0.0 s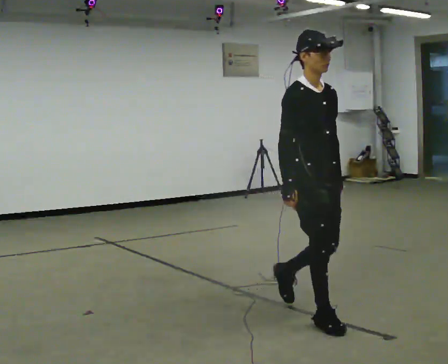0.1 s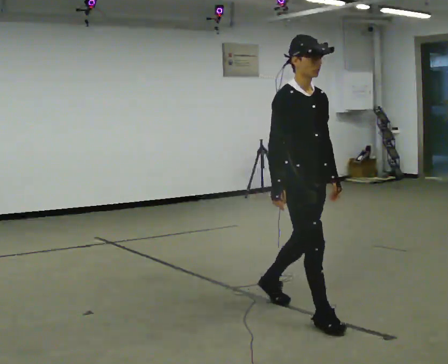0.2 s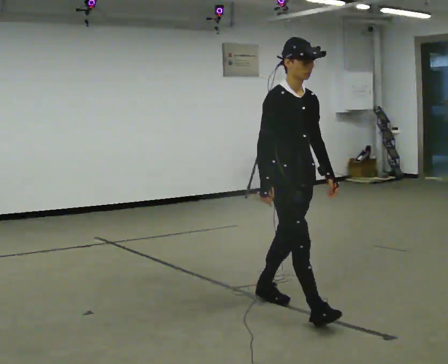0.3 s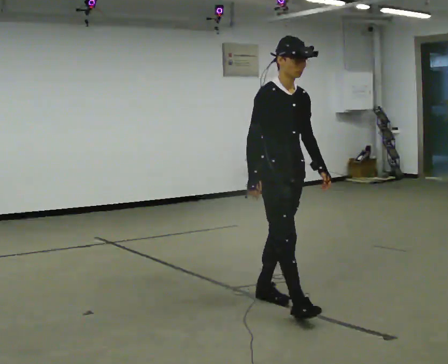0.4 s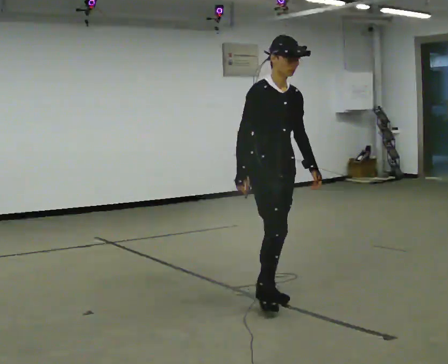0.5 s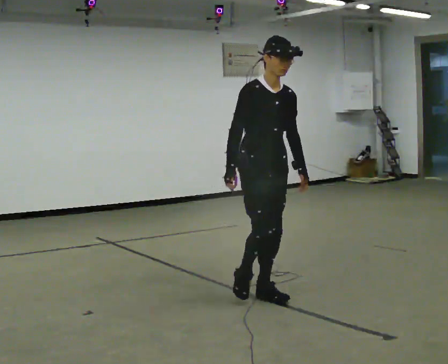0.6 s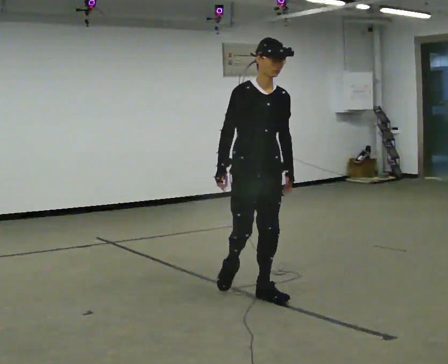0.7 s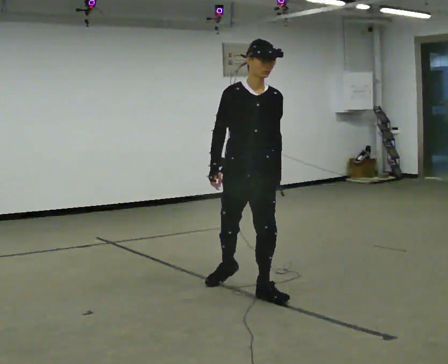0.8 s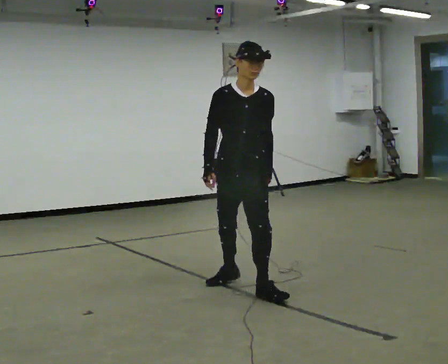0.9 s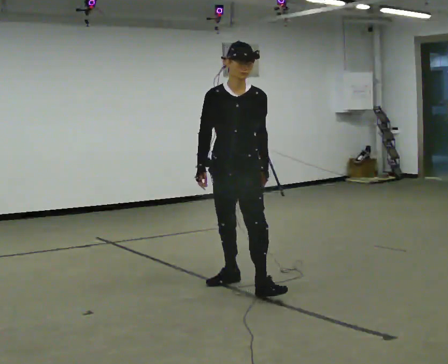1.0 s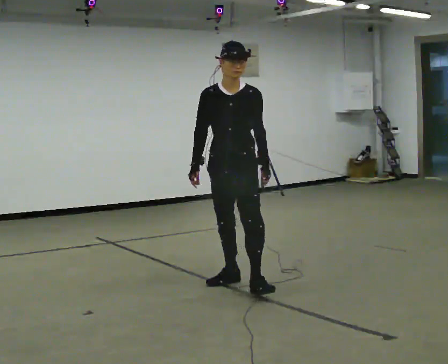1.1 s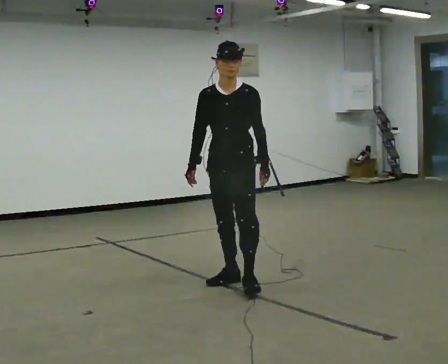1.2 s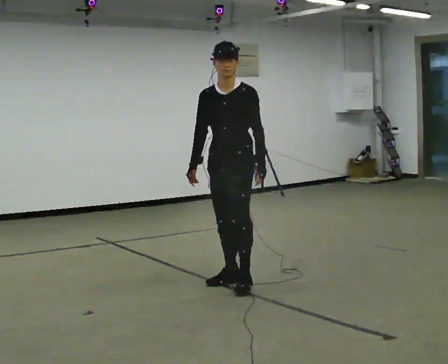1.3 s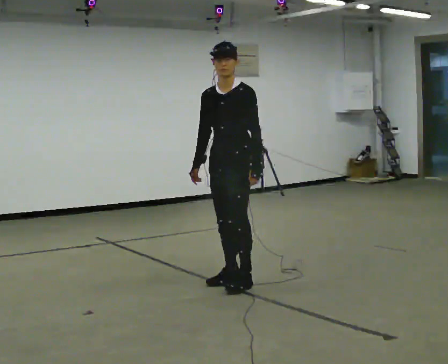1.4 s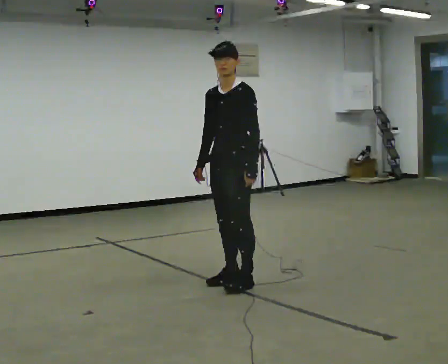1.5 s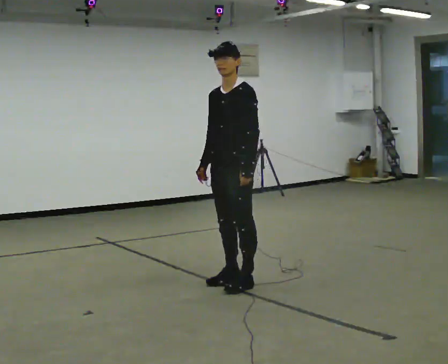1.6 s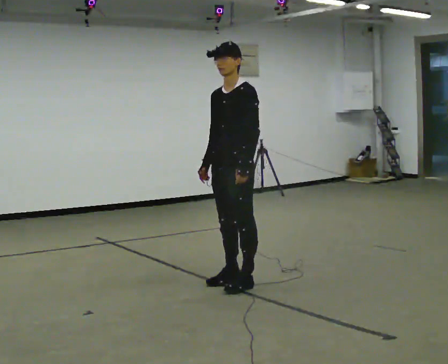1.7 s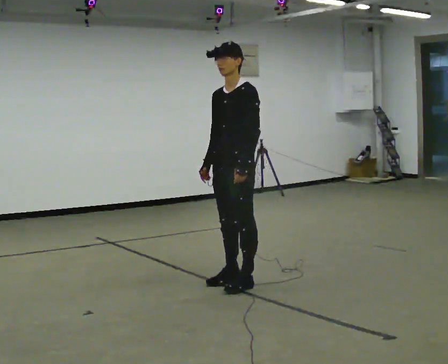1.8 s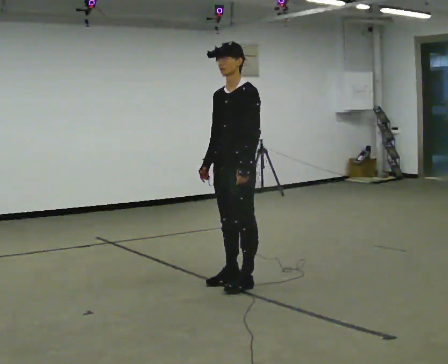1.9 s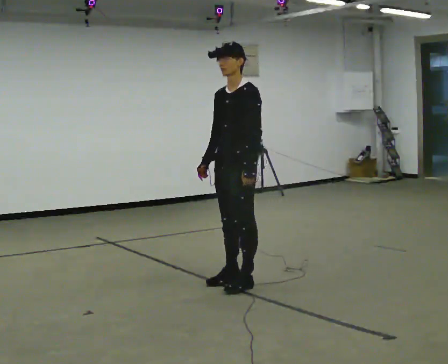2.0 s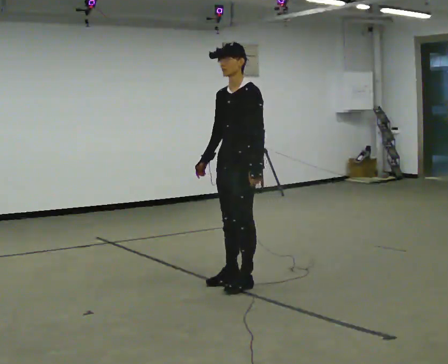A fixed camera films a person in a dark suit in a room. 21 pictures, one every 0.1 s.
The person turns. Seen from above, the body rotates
clockwise.
The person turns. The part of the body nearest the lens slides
to the left.
0.0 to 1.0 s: Seen from above the body turns clockwise, about 60 degrees: to their right, with its near side sliding to the left. In the picture they go away from the camera and to the left, about 1 m in 2 steps, which for them is backward.
1.0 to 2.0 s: Seen from above the body turns clockwise, about 45 degrees: to their right, with its near side sliding to the left.
The film runs backward here.
